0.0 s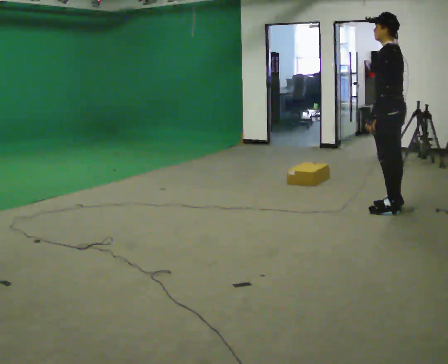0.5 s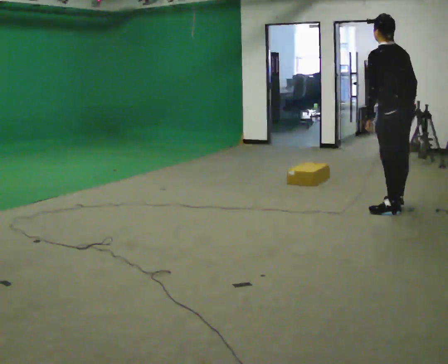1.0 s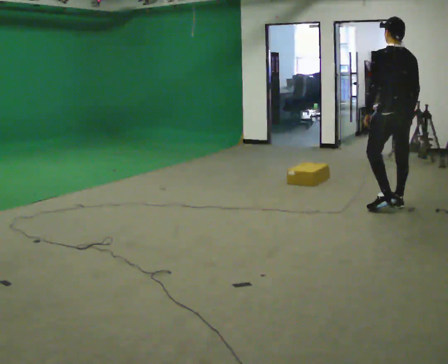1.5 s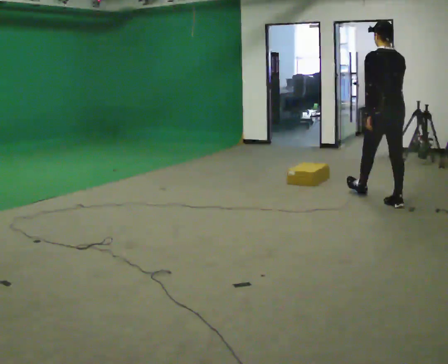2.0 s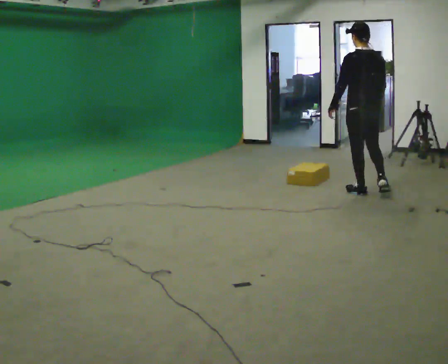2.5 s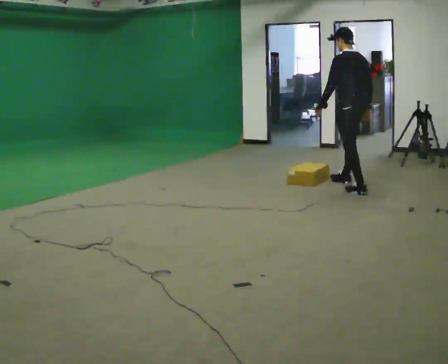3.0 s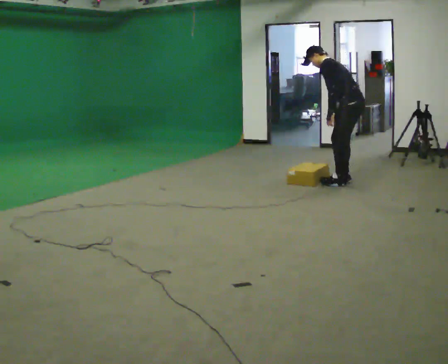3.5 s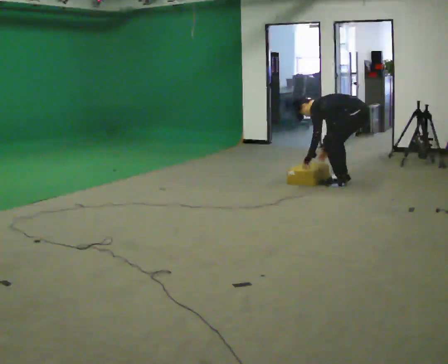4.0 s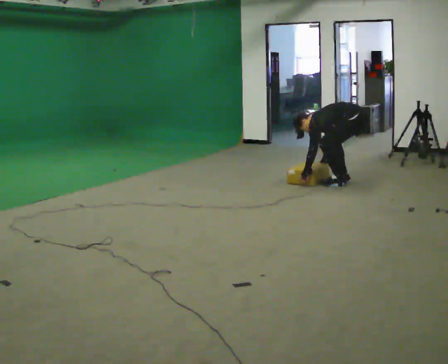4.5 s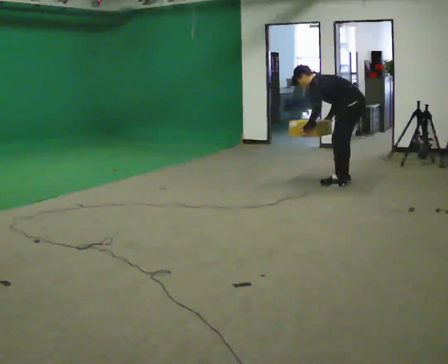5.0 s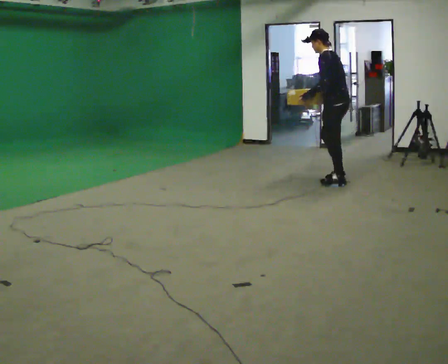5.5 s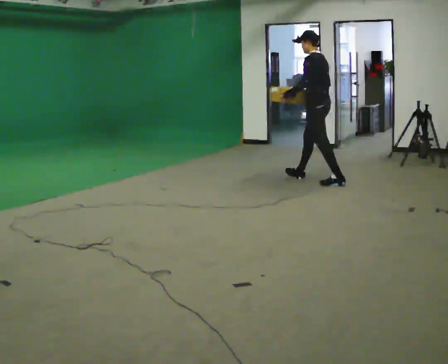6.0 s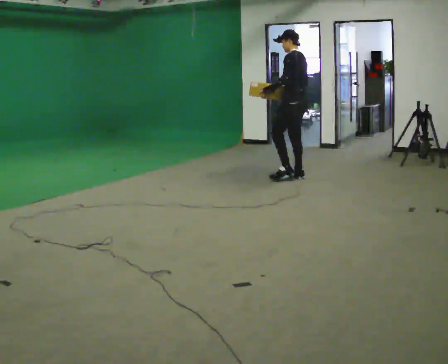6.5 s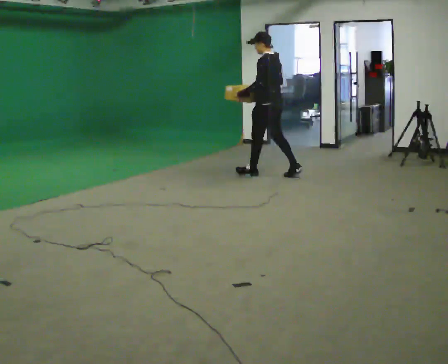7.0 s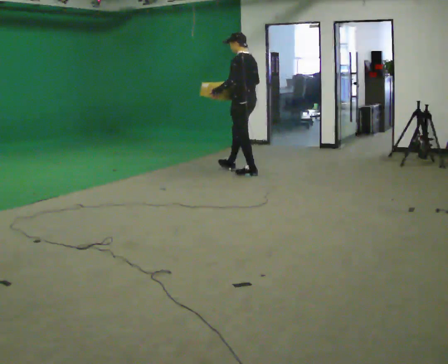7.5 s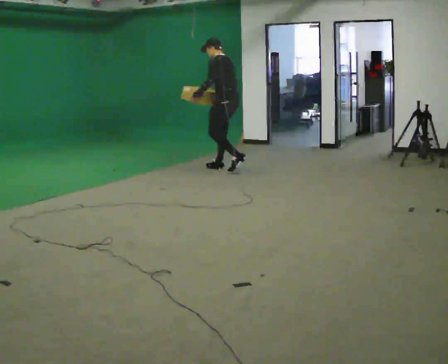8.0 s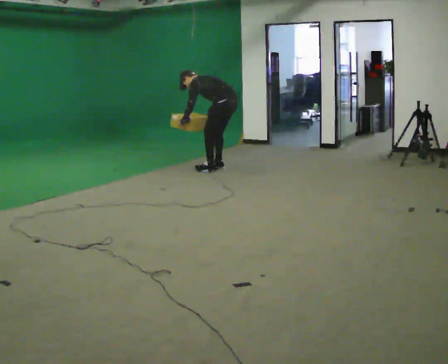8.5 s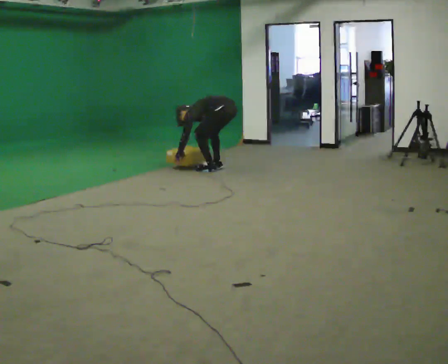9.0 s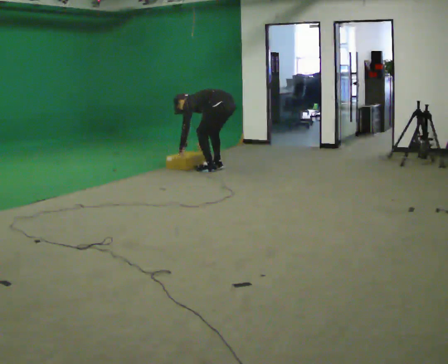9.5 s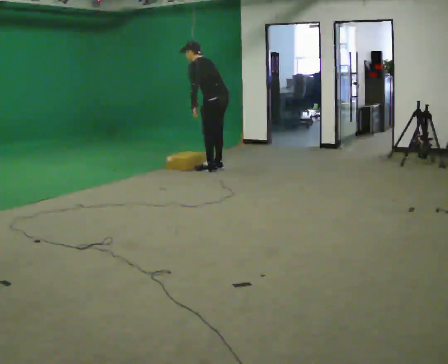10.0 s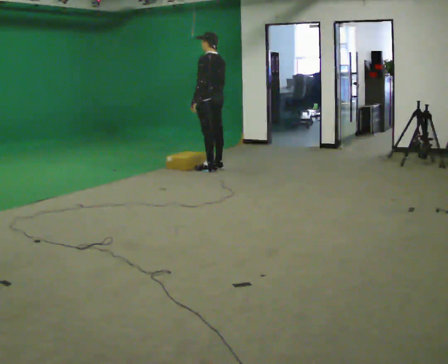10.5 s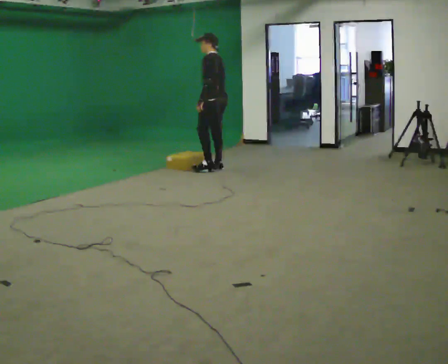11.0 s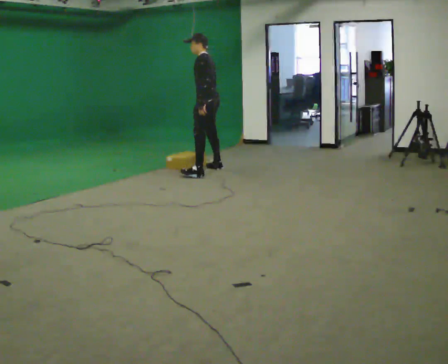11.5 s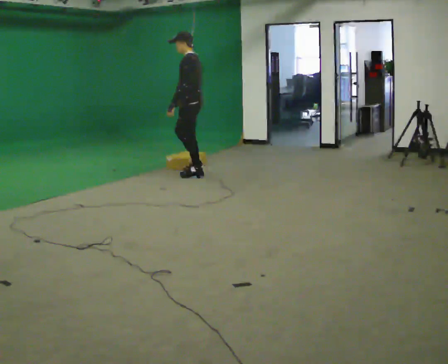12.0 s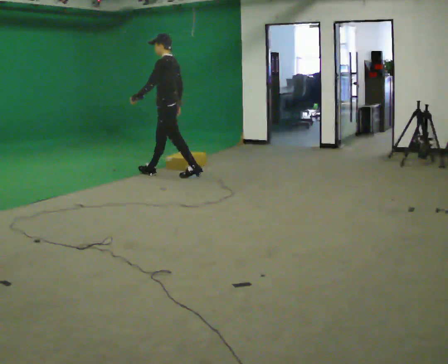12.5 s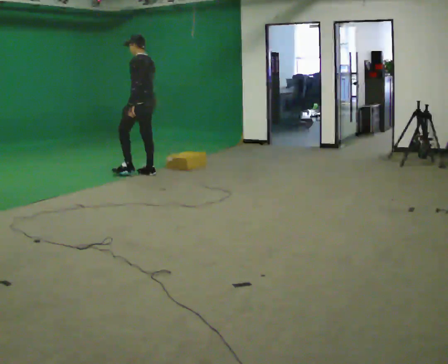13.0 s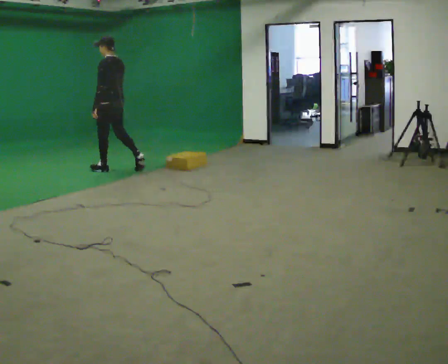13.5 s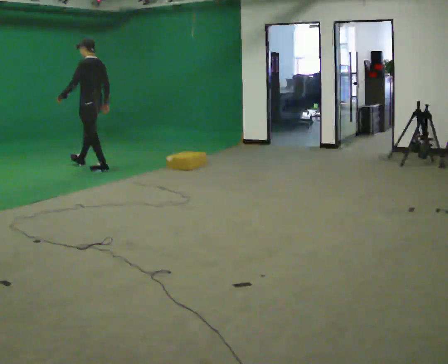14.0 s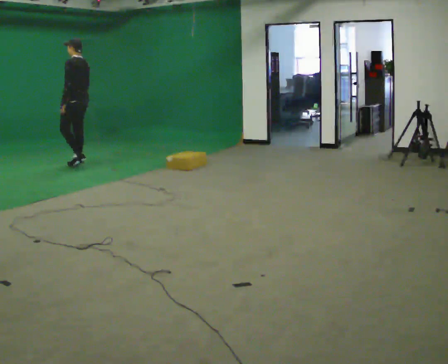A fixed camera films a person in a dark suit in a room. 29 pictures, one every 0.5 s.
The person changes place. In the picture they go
to the left.
0.0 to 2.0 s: The part of the body nearest the lens slides to the left as the person turns to their right by about 45 degrees. In the picture they go away from the camera, about 0.75 m in 1 step, which for them is forward.
2.0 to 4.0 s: The person turns about 45 degrees to their left, counterclockwise seen from above, so the part of the body nearest the lens slides to the right. In the picture they go away from the camera, about 0.5 m in 2 steps, which for them is to their right and forward. The upper body goes downward. In the picture the upper body tilts counterclockwise, shoulders to the left, as they bend forward. In the picture their left hand goes downward.
4.0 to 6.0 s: In the picture they go to the left and away from the camera, about 1 m in 1 step, which for them is forward. The shoulders move upward. In the picture the upper body tilts clockwise, shoulders to the right, as they lean back or straighten. In the picture their left hand goes upward.
6.0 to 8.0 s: In the picture they go to the left and away from the camera, about 1 m in 3 steps, which for them is forward. The upper body goes downward. In the picture the upper body tilts counterclockwise, shoulders to the left, as they bend forward. In the picture their right hand goes downward.
8.0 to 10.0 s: In the picture they go to the left, about 0.25 m, which for them is forward.
10.0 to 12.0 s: The person turns about 30 degrees to their left, counterclockwise seen from above, so the part of the body nearest the lens slides to the right. In the picture they go to the left and toward the camera, about 0.75 m in 2 steps, which for them is forward and to their left.
12.0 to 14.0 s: In the picture they go to the left, about 1.5 m in 2 steps, which for them is forward.
The film runs forward here.
